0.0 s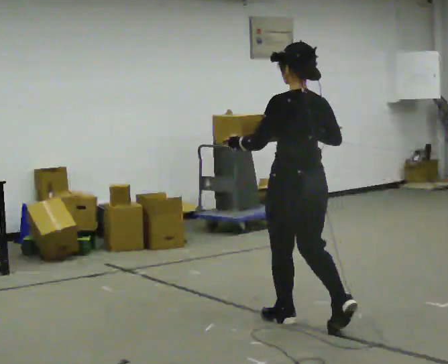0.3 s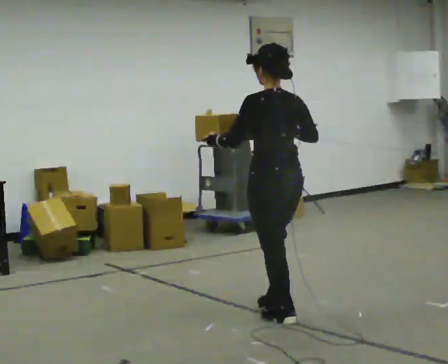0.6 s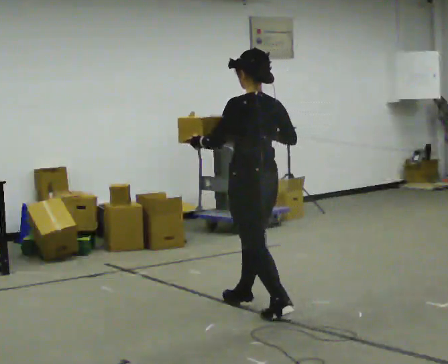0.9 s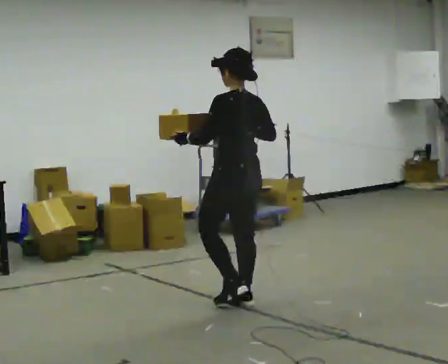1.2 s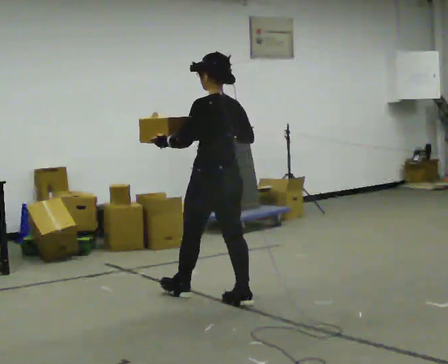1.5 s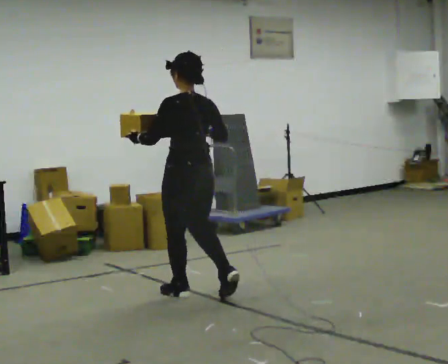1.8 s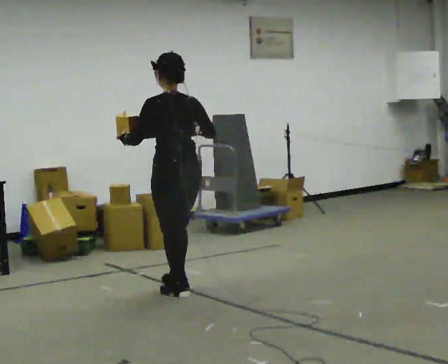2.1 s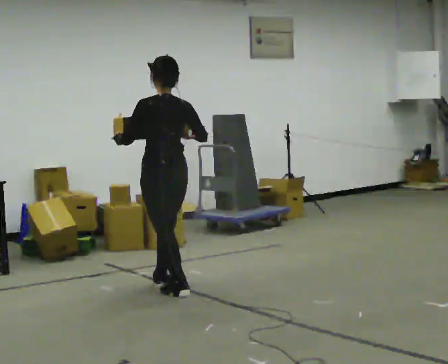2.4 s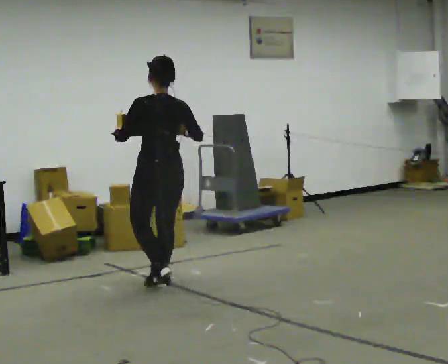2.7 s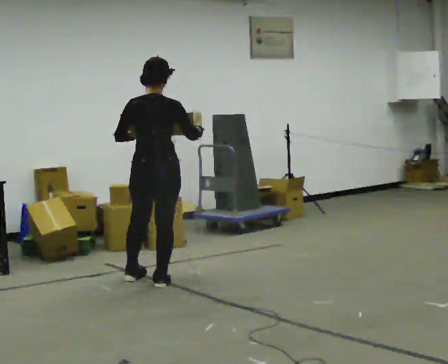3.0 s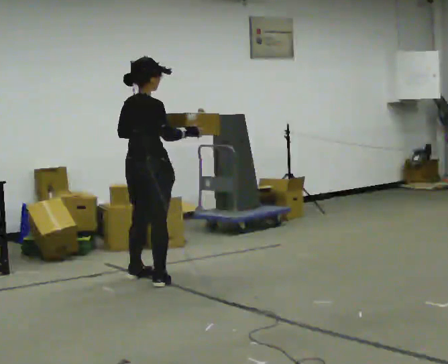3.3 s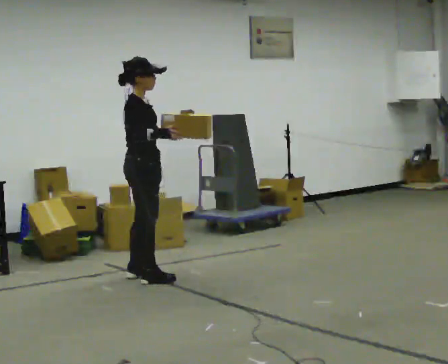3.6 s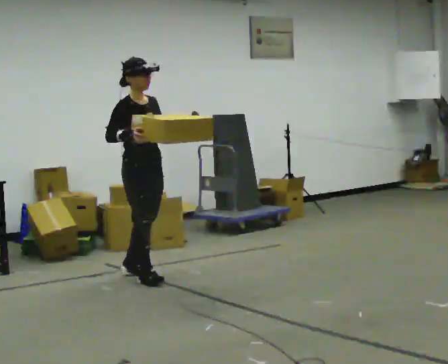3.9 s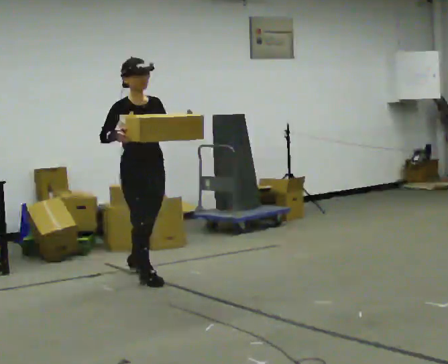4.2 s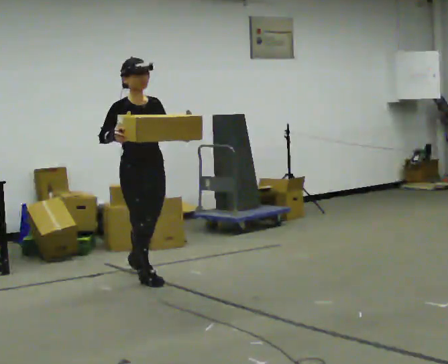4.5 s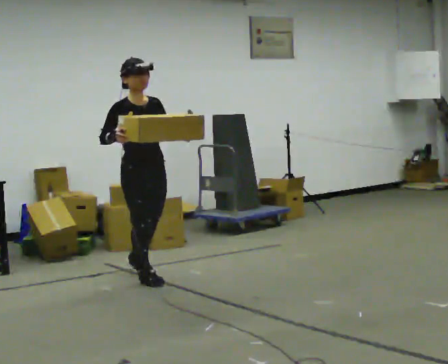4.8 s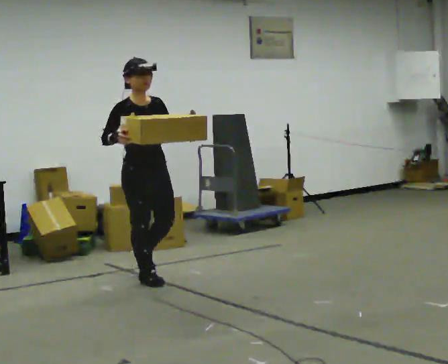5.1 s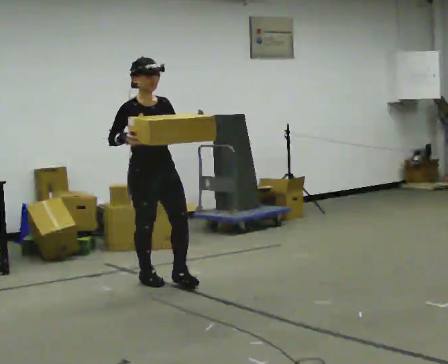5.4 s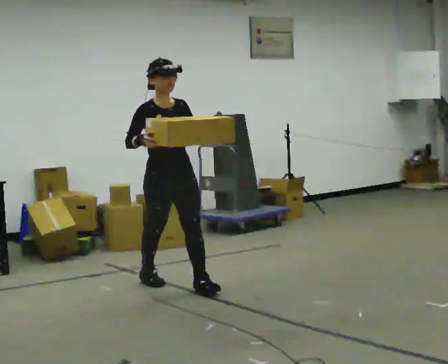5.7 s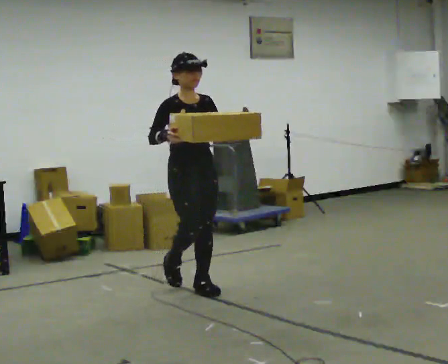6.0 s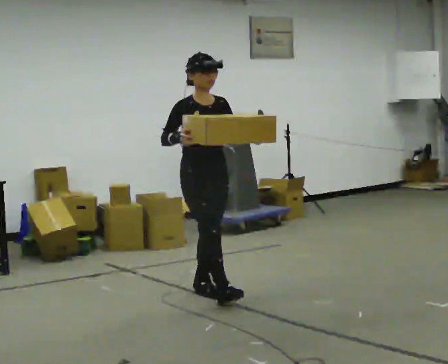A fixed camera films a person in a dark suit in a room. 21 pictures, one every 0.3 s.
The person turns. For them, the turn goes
to their right.
The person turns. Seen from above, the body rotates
clockwise.
0.0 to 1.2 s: In the picture they go away from the camera and to the left, about 1 m in 2 steps, which for them is forward.
1.2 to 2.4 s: In the picture they go away from the camera and to the left, about 0.5 m in 1 step, which for them is forward.
2.4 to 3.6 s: The person turns about 150 degrees to their right, clockwise seen from above, so the part of the body nearest the lens slides to the left. In the picture they go away from the camera, about 0.25 m in 2 steps.
3.6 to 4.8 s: In the picture they go toward the camera, about 0.25 m in 1 step, which for them is forward.
4.8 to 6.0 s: In the picture they go toward the camera and to the right, about 0.5 m in 1 step, which for them is forward and to their left.
The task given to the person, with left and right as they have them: Carry the medium box in both hands in front of you, walking back and forth across the room. Keep walking until the operator says stop.
The film runs forward here.
